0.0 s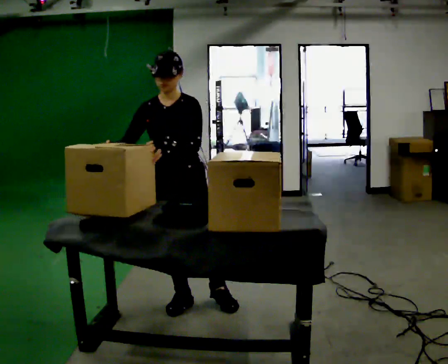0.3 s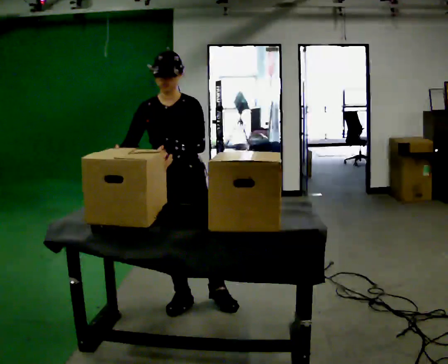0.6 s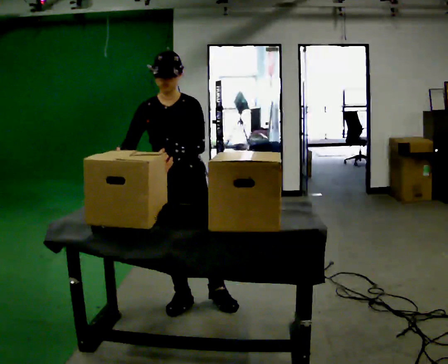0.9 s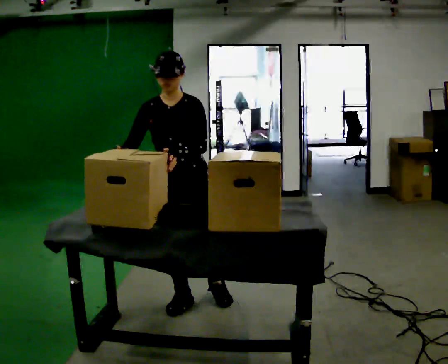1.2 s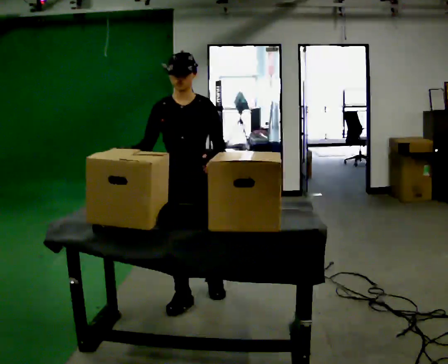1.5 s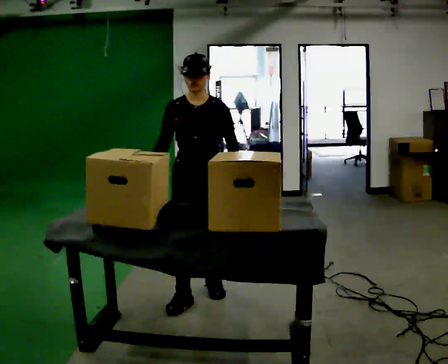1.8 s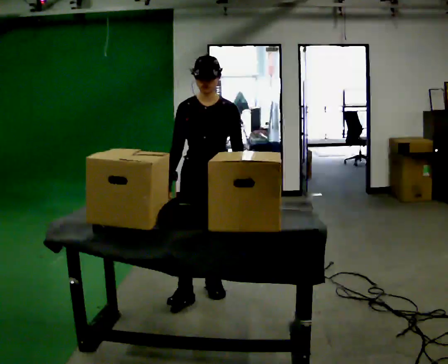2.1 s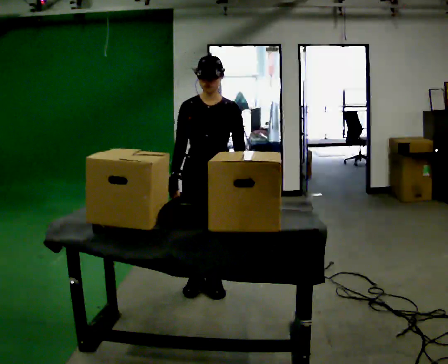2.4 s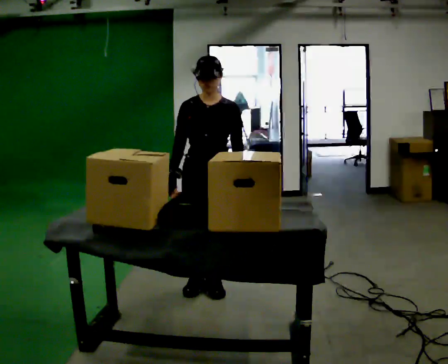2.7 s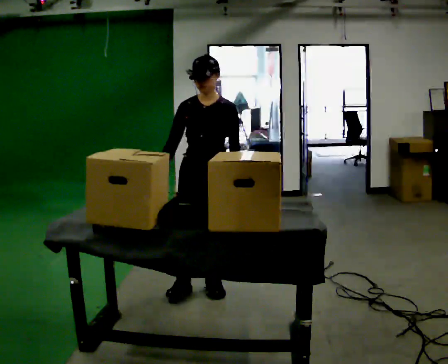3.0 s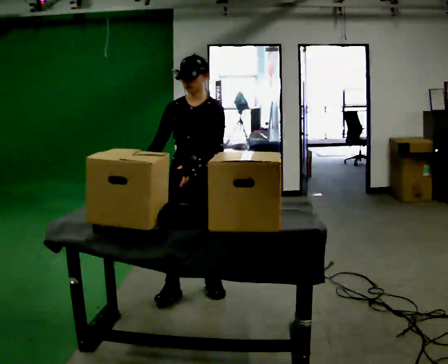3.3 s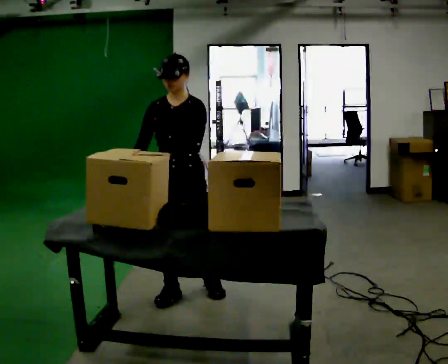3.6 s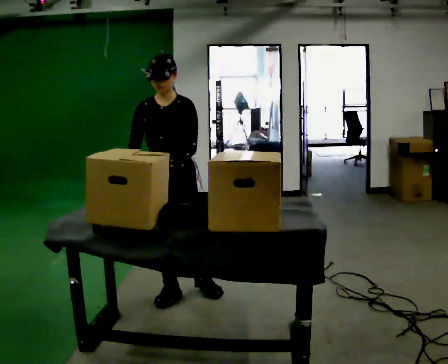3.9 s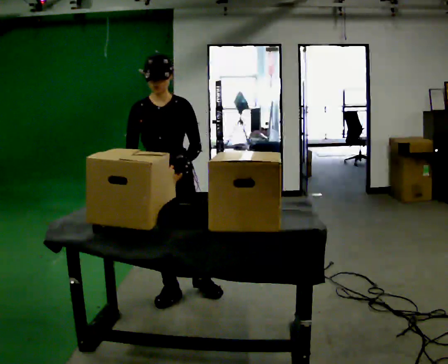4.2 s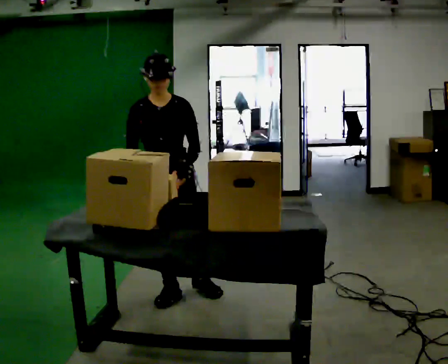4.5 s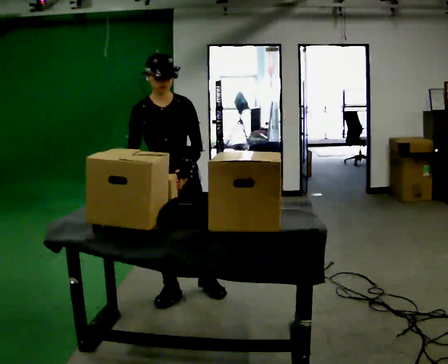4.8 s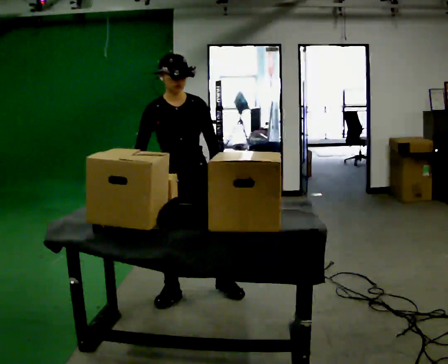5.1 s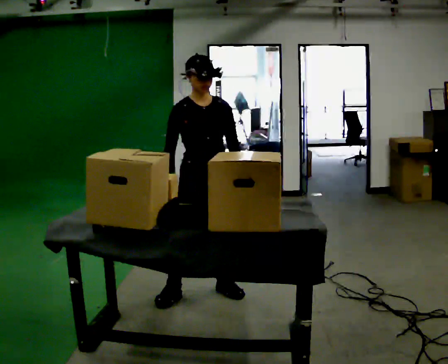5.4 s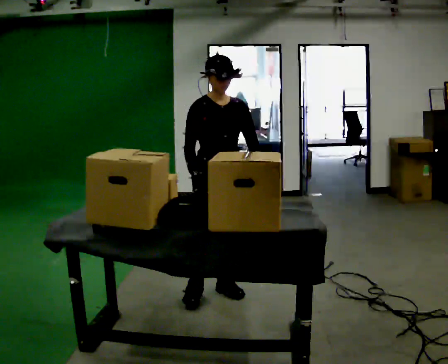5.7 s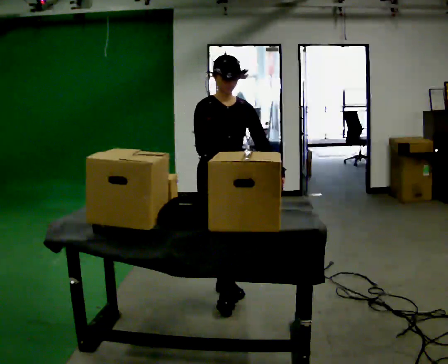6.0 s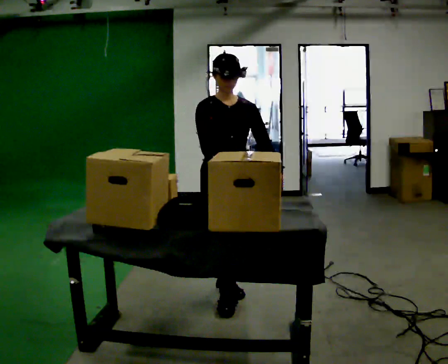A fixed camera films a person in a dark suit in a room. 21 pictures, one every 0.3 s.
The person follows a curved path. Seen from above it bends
clockwise.
0.0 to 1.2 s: The person moves a little, or ends about where they began.
1.2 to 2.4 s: In the picture they go away from the camera, about 0.25 m in 1 step, which for them is backward.
2.4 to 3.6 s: In the picture they go to the left, about 0.25 m in 1 step, which for them is forward and to their right.
3.6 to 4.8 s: In the picture their left hand goes to the right.
4.8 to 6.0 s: In the picture they go to the right, about 0.25 m in 1 step, which for them is to their left and forward.
The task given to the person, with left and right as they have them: Take the objects the operator names off the crowded shelf, one at a time, and carry each one to the table. You will have to move other things out of the way to reach them. Keep going until the operator says stop; one object at a time, and do not rush between trips.
The film runs forward here.
